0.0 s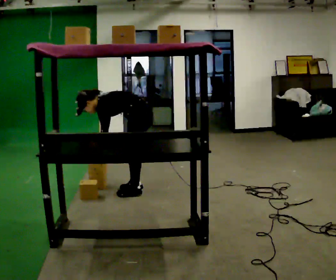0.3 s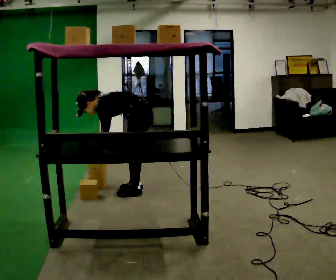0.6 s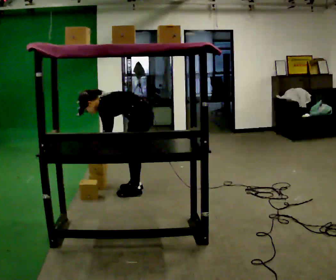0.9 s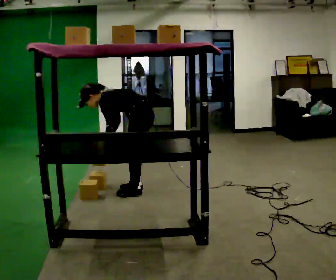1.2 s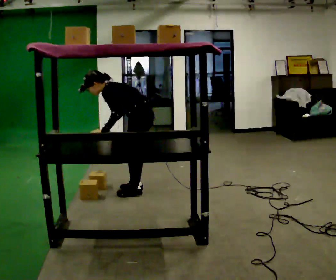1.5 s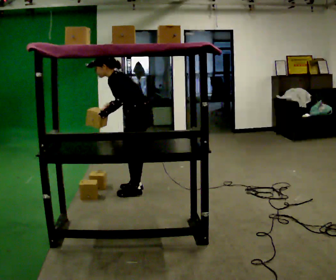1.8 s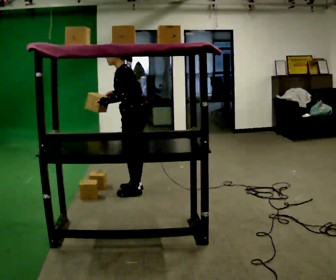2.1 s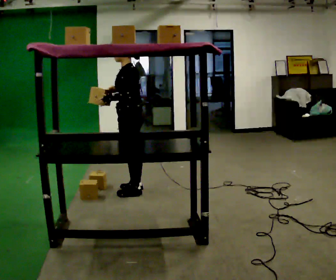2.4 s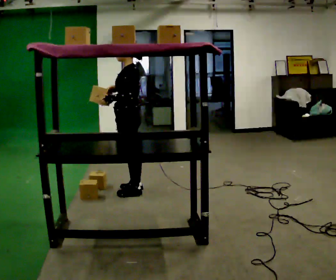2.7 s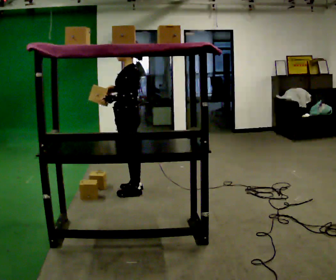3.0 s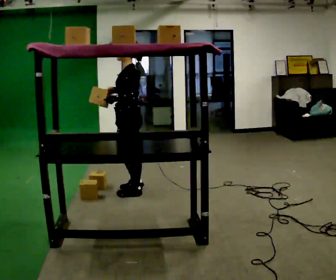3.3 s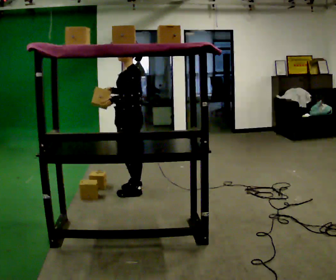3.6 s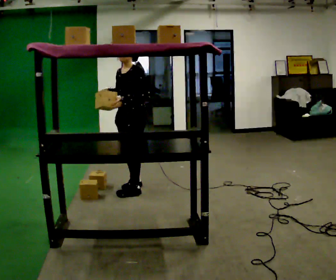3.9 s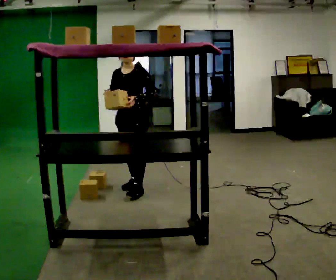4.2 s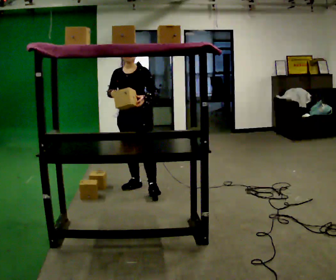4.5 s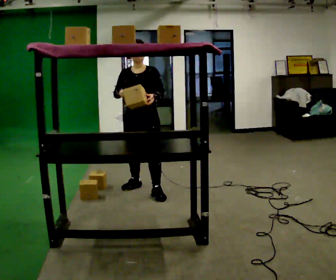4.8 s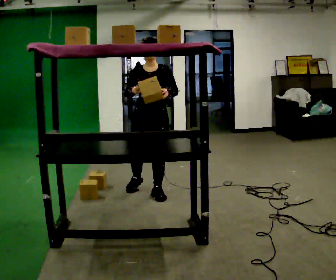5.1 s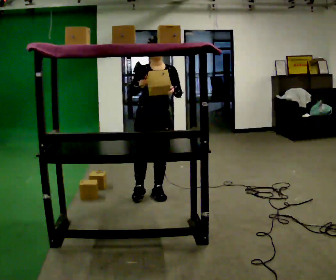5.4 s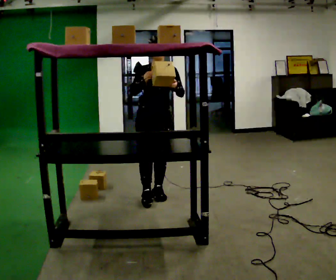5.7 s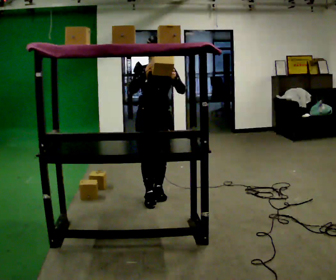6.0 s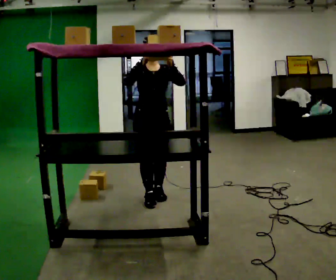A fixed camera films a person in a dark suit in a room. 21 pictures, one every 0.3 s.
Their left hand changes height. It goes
upward.
The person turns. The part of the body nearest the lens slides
to the right.
0.0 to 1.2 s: In the picture the upper body tilts clockwise, shoulders to the right, as they lean back or straighten.
1.2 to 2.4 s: The upper body goes upward. In the picture the upper body tilts clockwise, shoulders to the right, as they lean back or straighten. In the picture their right hand goes upward.
2.4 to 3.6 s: The person turns about 45 degrees to their left, counterclockwise seen from above, so the part of the body nearest the lens slides to the right. In the picture they go away from the camera, about 0.25 m in 1 step, which for them is to their right.
3.6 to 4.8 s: Seen from above the body turns counterclockwise, about 45 degrees: to their left, with its near side sliding to the right. In the picture they go toward the camera and to the right, about 0.25 m in 1 step, which for them is to their left and forward.
4.8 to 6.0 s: In the picture they go toward the camera, about 0.25 m in 1 step, which for them is forward.
The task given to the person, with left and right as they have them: Place the object on the shelf just at the top of your comfortable reach. Repeat at your own pace until the operator says stop. Keep both feet on the marked spots for the whole take. If you have to step, stop and tell the operator.
The film runs forward here.
